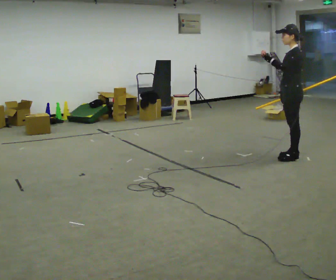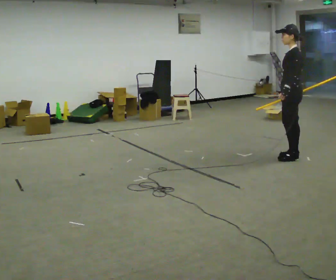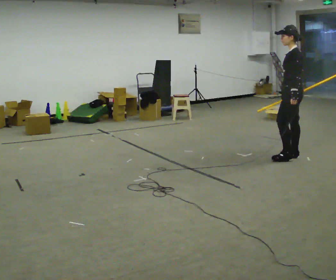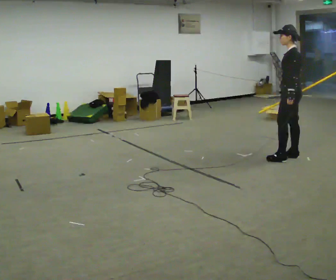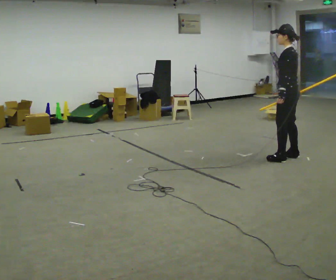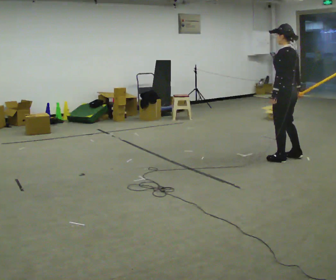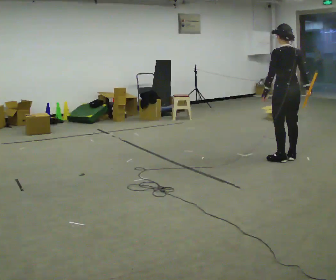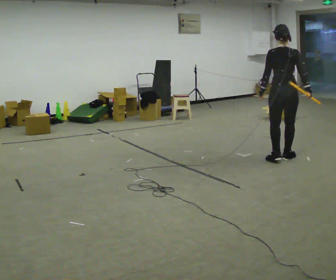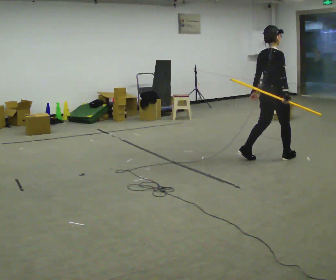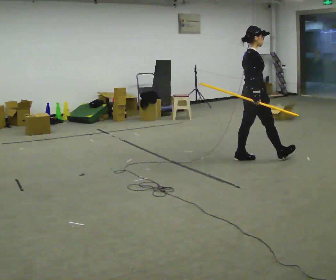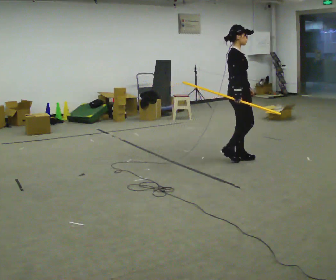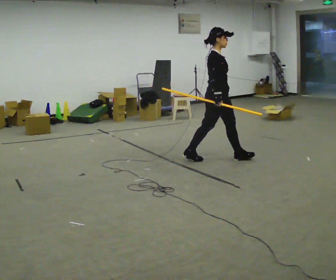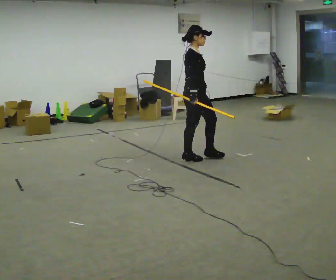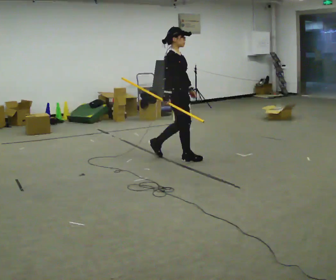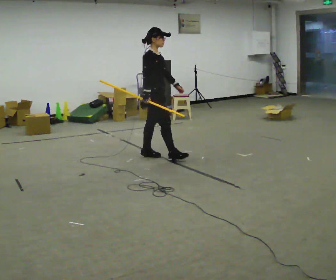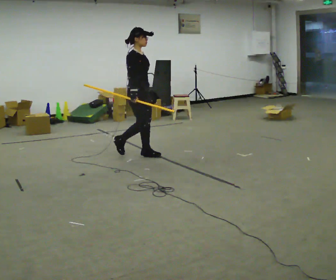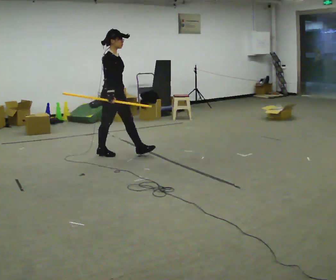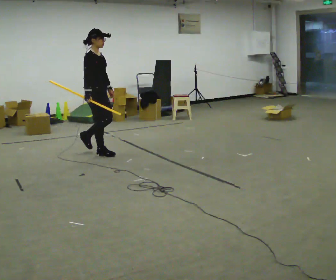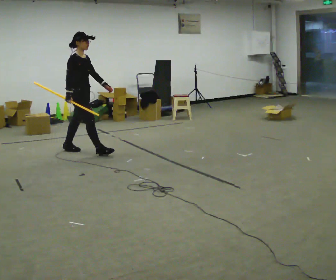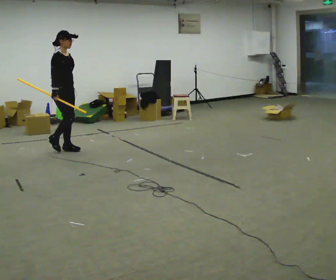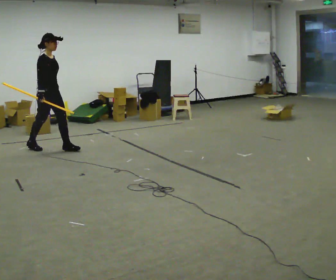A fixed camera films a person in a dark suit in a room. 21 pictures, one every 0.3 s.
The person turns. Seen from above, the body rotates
clockwise.
The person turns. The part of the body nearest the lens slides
to the left.
0.0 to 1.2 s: In the picture their left hand goes downward, the arm swinging counterclockwise.
1.2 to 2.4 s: The part of the body nearest the lens slides to the left as the person turns to their right by about 120 degrees. In the picture they go to the left, about 0.25 m in 1 step.
2.4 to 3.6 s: The part of the body nearest the lens slides to the left as the person turns to their right by about 45 degrees. In the picture they go to the left, about 1 m in 2 steps, which for them is backward.
3.6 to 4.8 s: In the picture they go to the left, about 1 m in 1 step, which for them is backward.
4.8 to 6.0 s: In the picture they go to the left, about 1 m in 2 steps, which for them is backward.
The film runs backward here.
